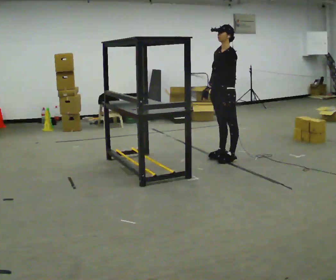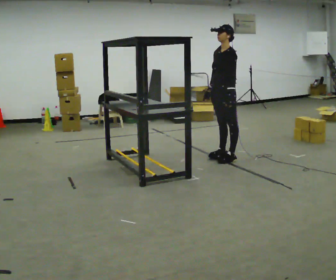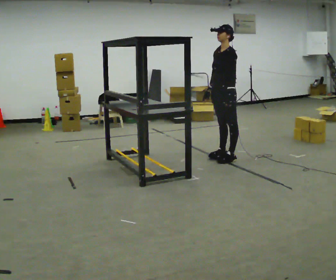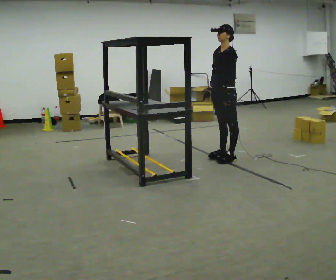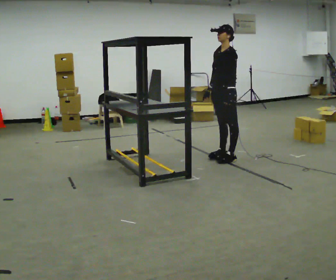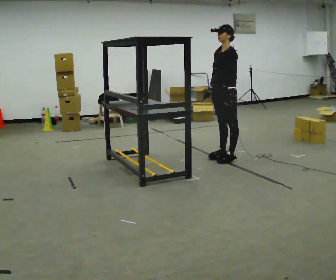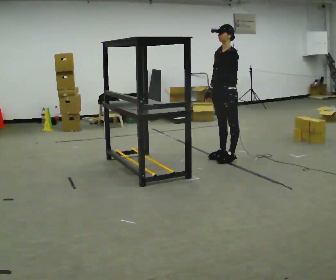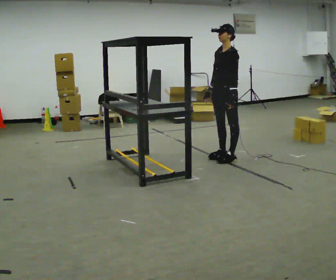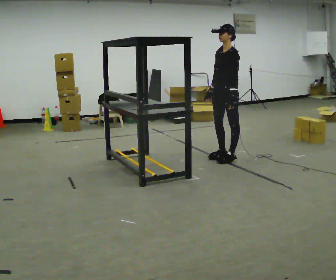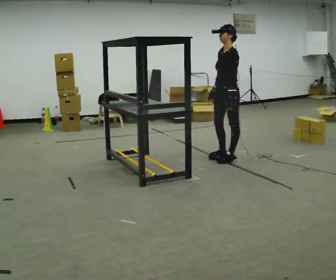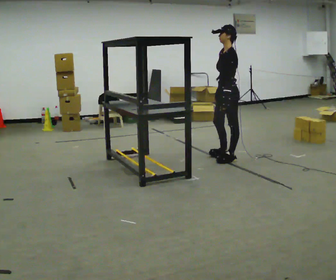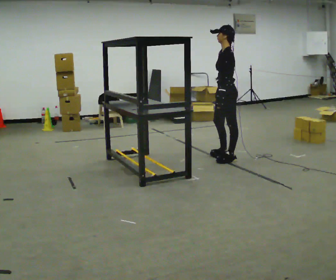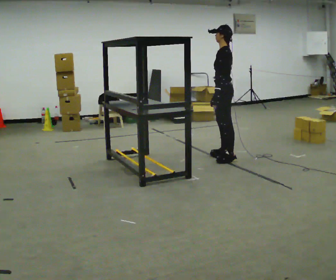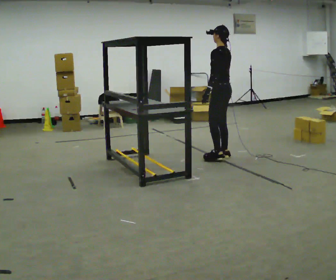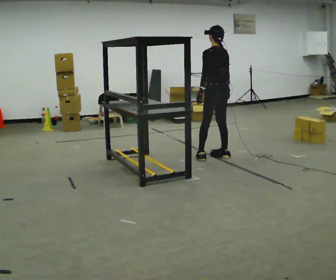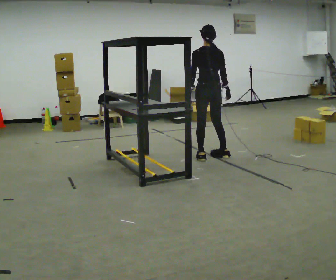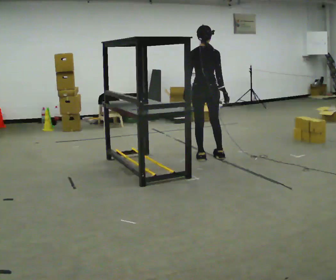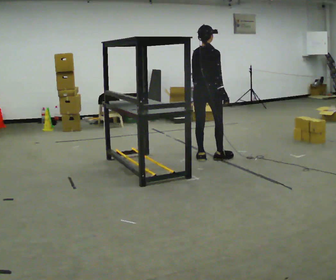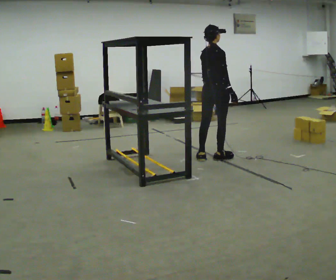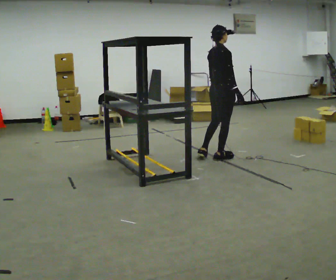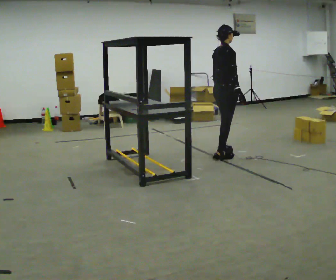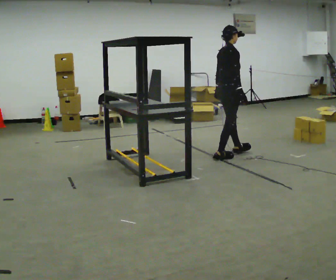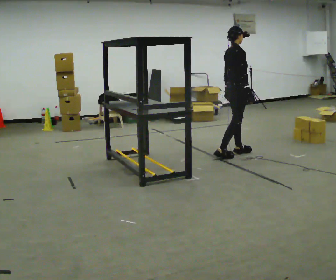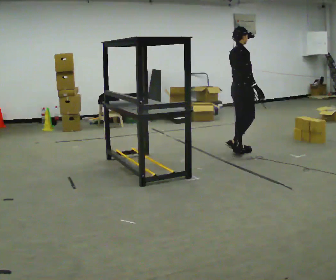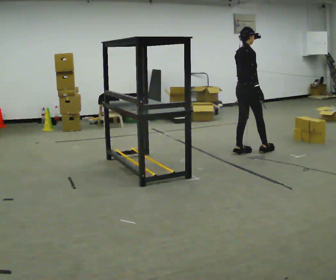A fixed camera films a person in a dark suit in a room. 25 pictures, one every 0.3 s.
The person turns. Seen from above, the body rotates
clockwise.
The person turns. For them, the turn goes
to their right.
0.0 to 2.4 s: The person moves a little, or ends about where they began.
2.4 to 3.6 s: Seen from above the body turns clockwise, about 45 degrees: to their right, with its near side sliding to the left.
3.6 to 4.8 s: The person turns about 90 degrees to their right, clockwise seen from above, so the part of the body nearest the lens slides to the left. In the picture they go to the left, about 0.25 m in 1 step.
4.8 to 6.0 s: The person turns about 45 degrees to their right, clockwise seen from above, so the part of the body nearest the lens slides to the left. In the picture they go to the right, about 0.25 m, which for them is forward. In the picture their left hand goes to the right.
6.0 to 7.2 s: In the picture they go to the right and away from the camera, about 0.5 m in 1 step, which for them is forward and to their left.
The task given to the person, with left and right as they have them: Take an object from the lowest shelf, carry it across the room, and place it on the highest shelf you can comfortably reach. Keep going until the operator says stop; one object at a time, and do not rush between trips.
The film runs forward here.
